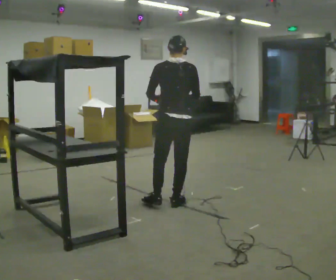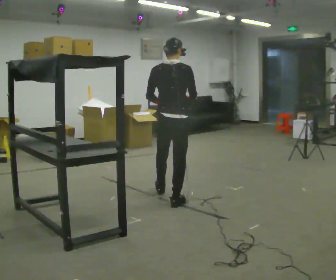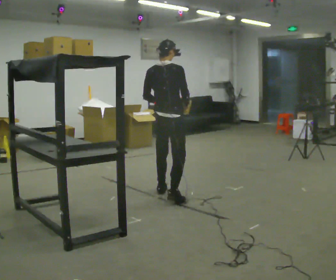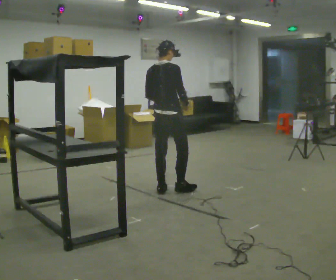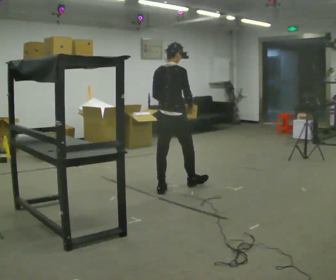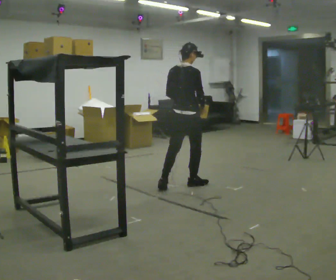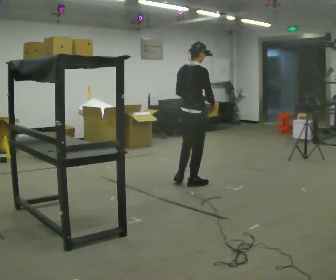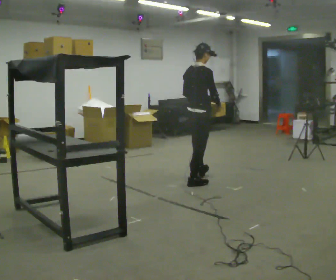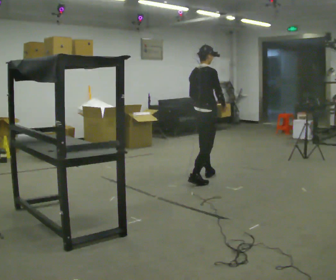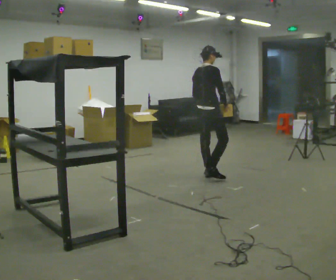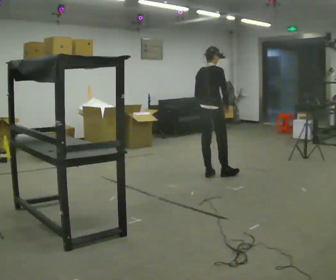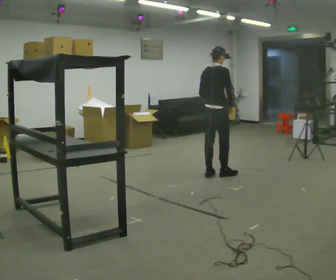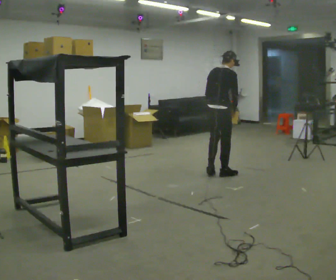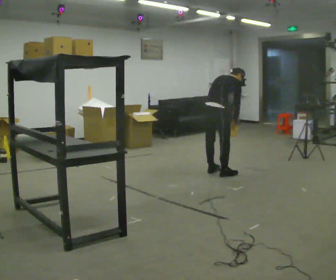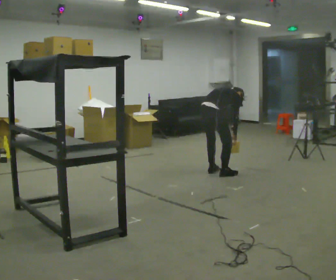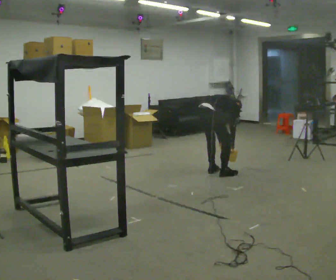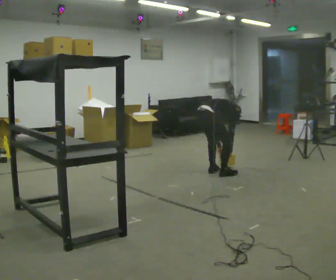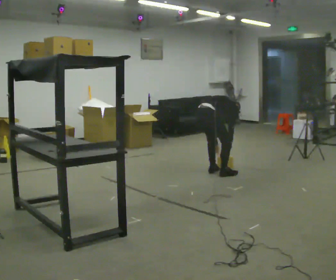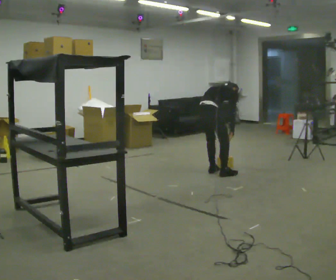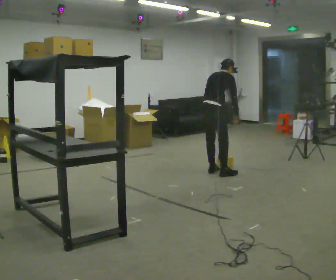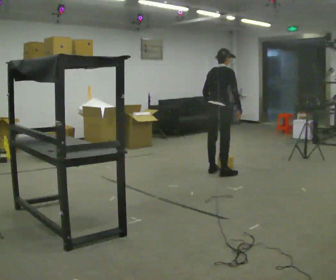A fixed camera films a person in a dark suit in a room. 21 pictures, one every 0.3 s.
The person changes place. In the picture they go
away from the camera.
0.0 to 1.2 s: Seen from above the body turns clockwise, about 30 degrees: to their right, with its near side sliding to the left. In the picture they go away from the camera, about 0.5 m in 2 steps, which for them is forward and to their left.
1.2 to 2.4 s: In the picture they go away from the camera and to the right, about 0.5 m in 1 step, which for them is forward.
2.4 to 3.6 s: In the picture they go away from the camera and to the right, about 0.25 m in 1 step, which for them is forward.
3.6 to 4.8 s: In the picture they go away from the camera, about 0.25 m in 1 step, which for them is to their left. The shoulders move downward. The upper body tips away from the camera, its near side rolling upward, as they bend forward. In the picture their right hand goes downward.
4.8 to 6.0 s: The upper body goes upward. The upper body tips toward the camera, its near side rolling downward, as they lean back or straighten. In the picture their right hand goes upward.
The film runs forward here.
